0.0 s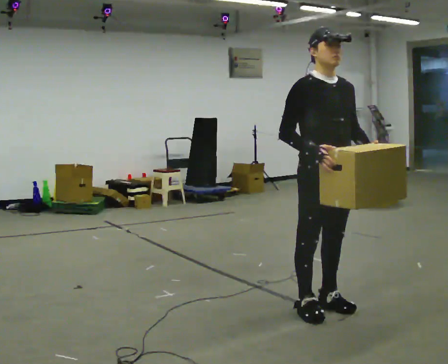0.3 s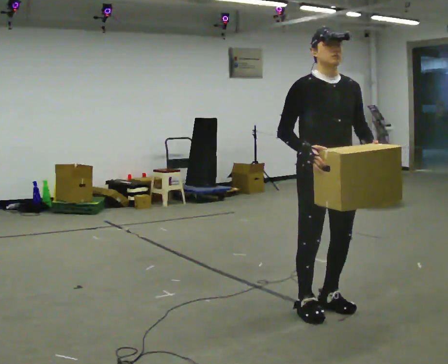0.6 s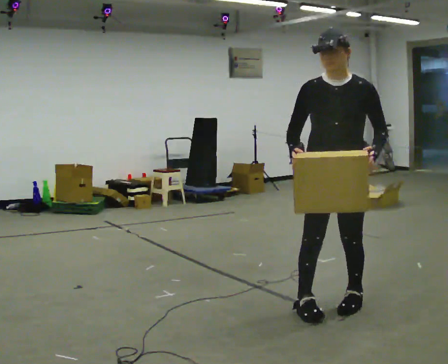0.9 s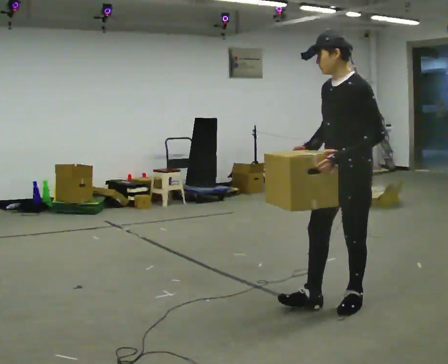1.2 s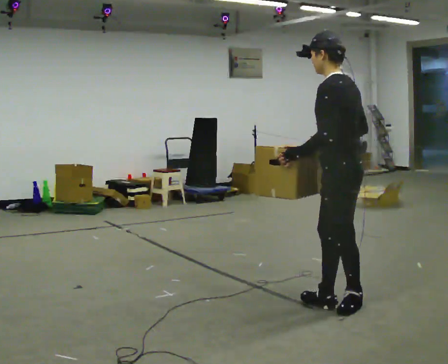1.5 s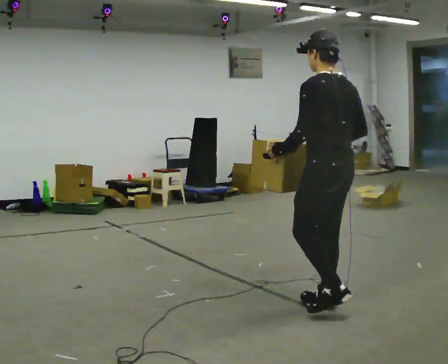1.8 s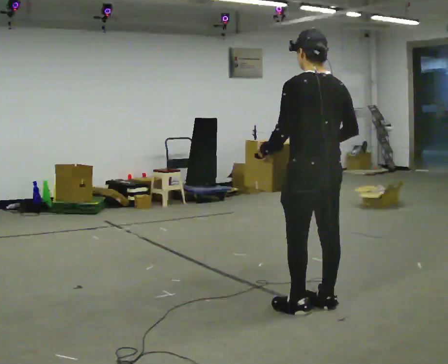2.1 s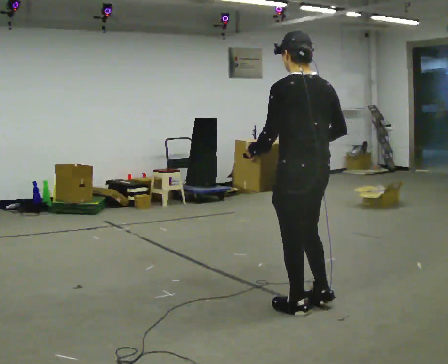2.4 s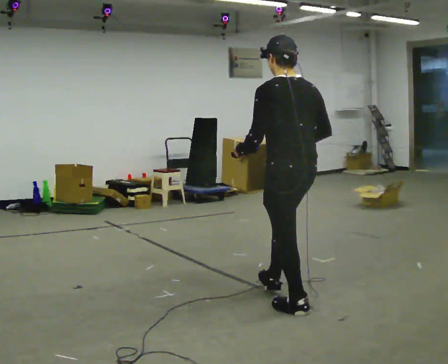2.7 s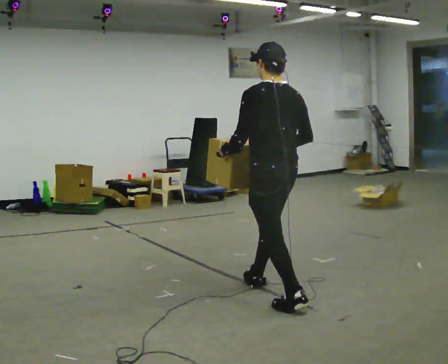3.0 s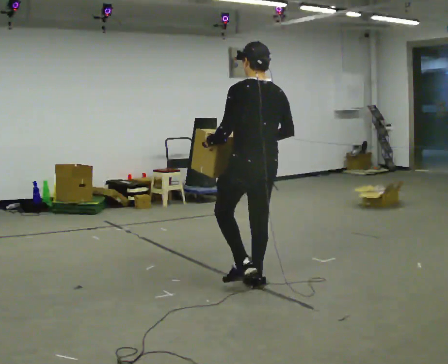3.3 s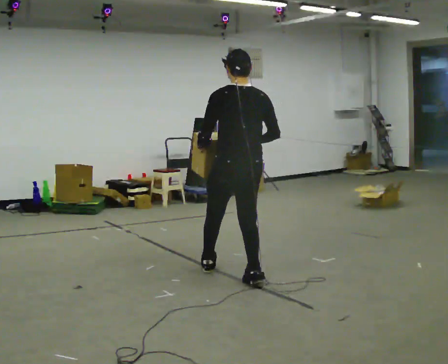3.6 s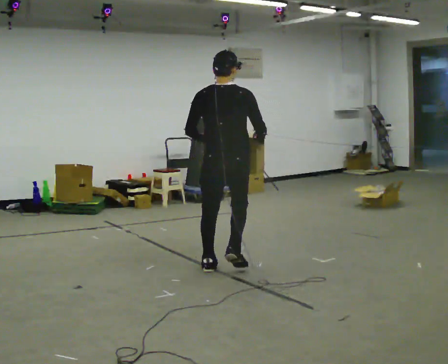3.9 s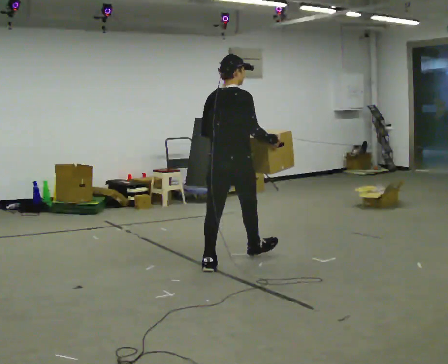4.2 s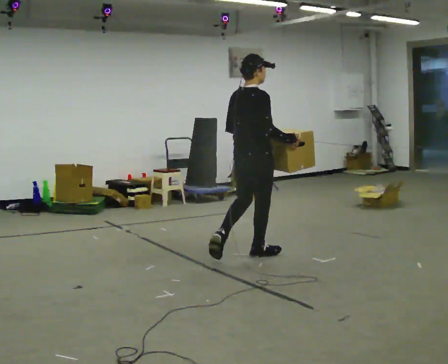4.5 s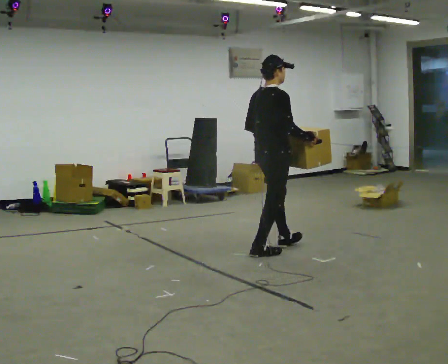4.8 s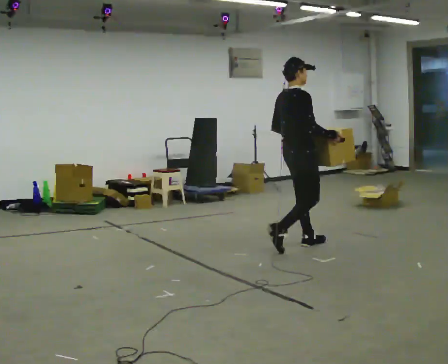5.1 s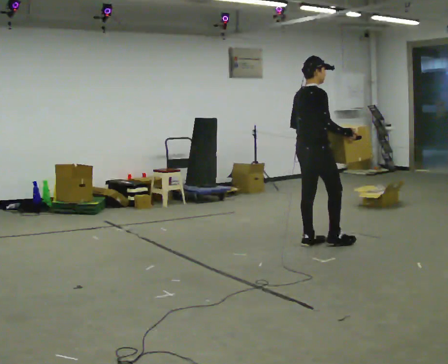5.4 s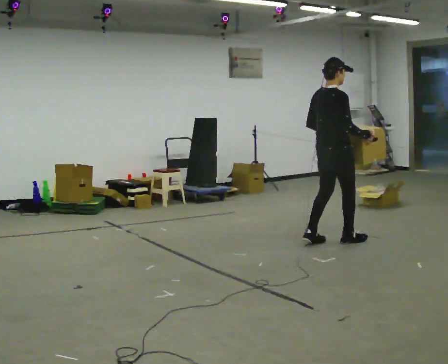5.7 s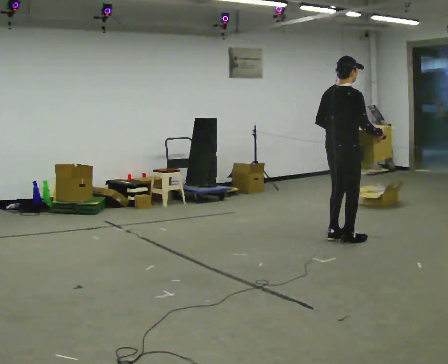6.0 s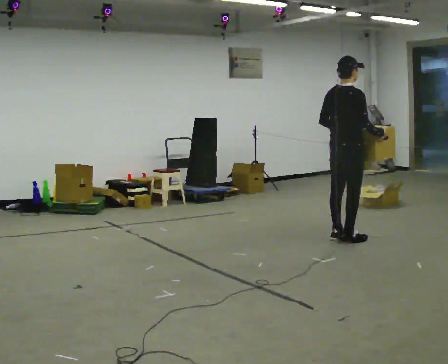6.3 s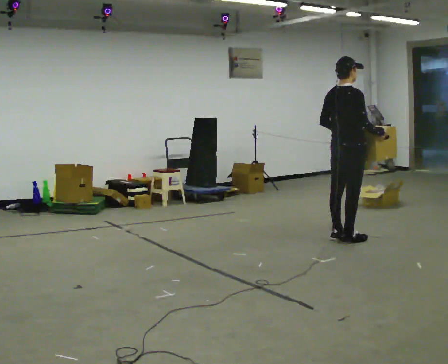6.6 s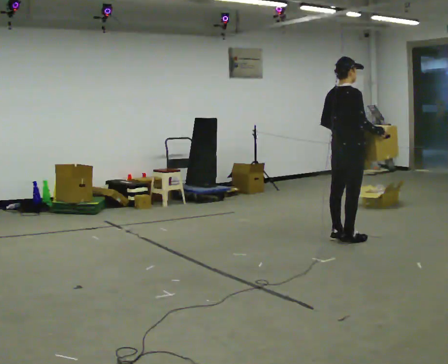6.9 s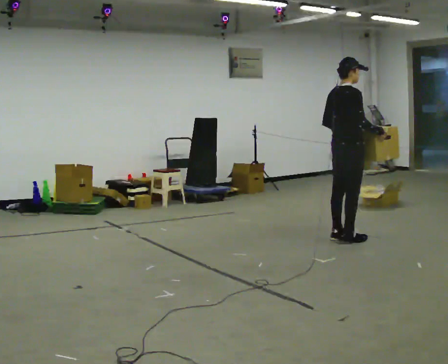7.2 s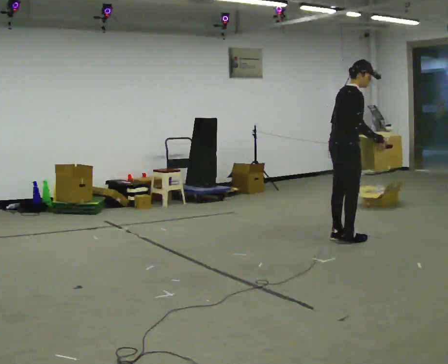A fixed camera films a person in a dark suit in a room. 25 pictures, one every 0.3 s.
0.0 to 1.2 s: Seen from above the body turns clockwise, about 135 degrees: to their right, with its near side sliding to the left. In the picture they go to the right, about 0.25 m in 1 step. In the picture their left hand goes to the left, the arm swinging clockwise.
1.2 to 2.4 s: The part of the body nearest the lens slides to the left as the person turns to their right by about 30 degrees. In the picture they go to the left, about 0.25 m in 1 step, which for them is to their left and forward.
2.4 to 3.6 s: Seen from above the body turns clockwise, about 45 degrees: to their right, with its near side sliding to the left. In the picture they go away from the camera and to the left, about 1 m in 2 steps, which for them is forward.
3.6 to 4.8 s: The person turns about 60 degrees to their right, clockwise seen from above, so the part of the body nearest the lens slides to the left. In the picture they go away from the camera and to the right, about 1 m in 2 steps, which for them is forward.
4.8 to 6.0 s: In the picture they go to the right, about 0.5 m in 2 steps, which for them is forward.
6.0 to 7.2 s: The person moves a little, or ends about where they began.
The film runs forward here.
